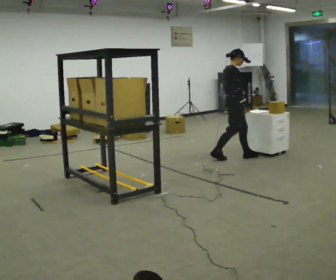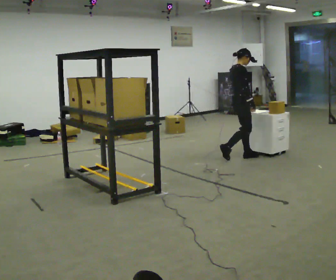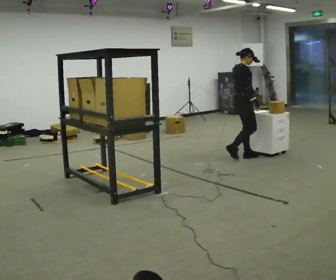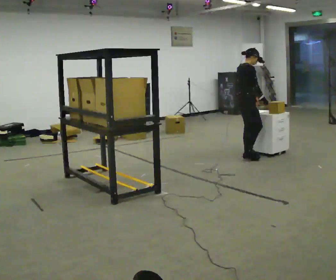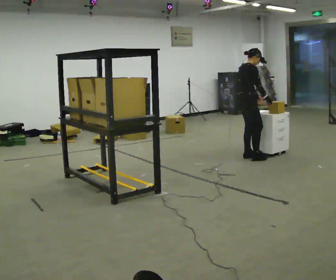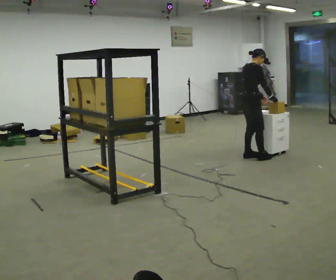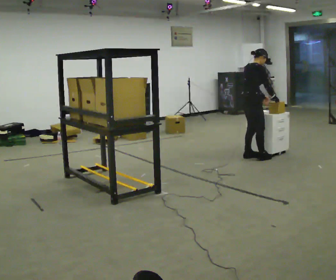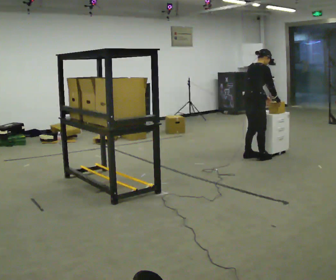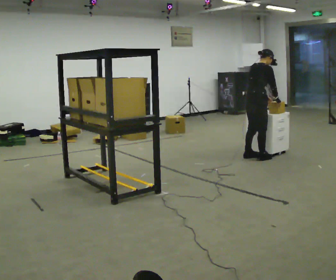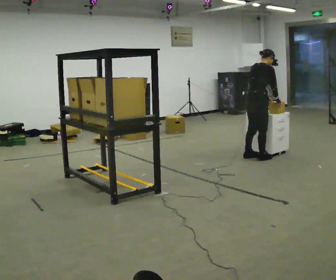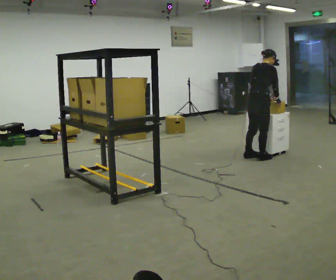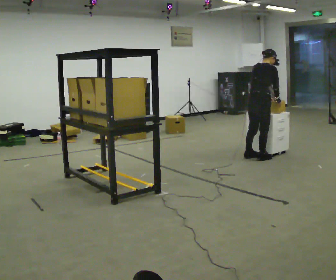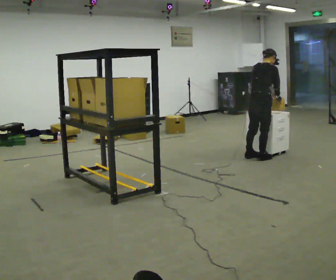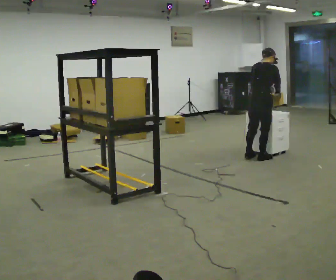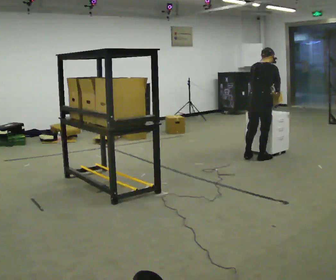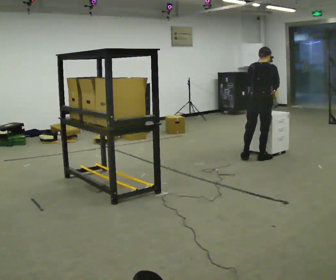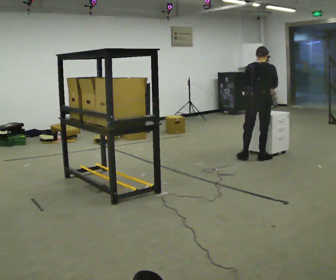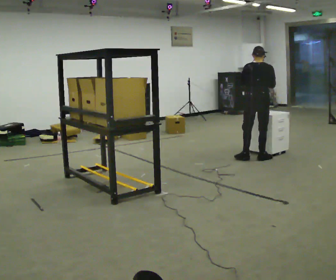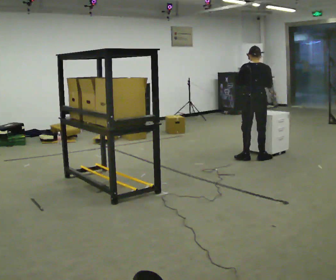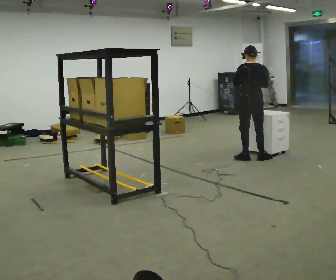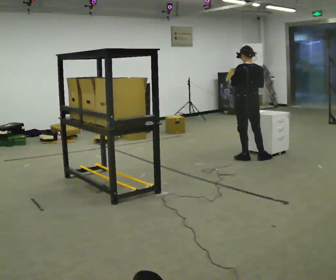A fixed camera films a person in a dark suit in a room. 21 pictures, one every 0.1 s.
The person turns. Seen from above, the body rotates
counterclockwise.
The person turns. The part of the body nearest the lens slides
to the right.
0.0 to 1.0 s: Seen from above the body turns counterclockwise, about 45 degrees: to their left, with its near side sliding to the right. In the picture they go to the right, about 0.25 m in 1 step, which for them is forward and to their right. In the picture the upper body tilts clockwise, shoulders to the right, as they bend forward.
1.0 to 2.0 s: The part of the body nearest the lens slides to the right as the person turns to their left by about 75 degrees. In the picture the upper body tilts counterclockwise, shoulders to the left, as they lean back or straighten. In the picture their left hand goes to the left.
The film runs forward here.
